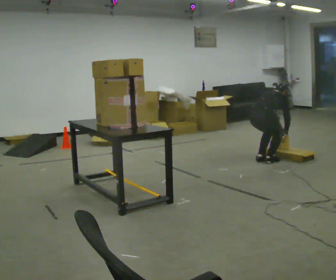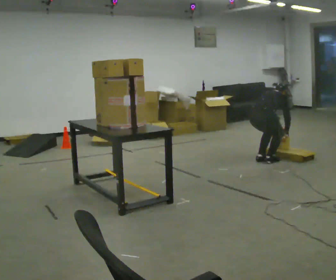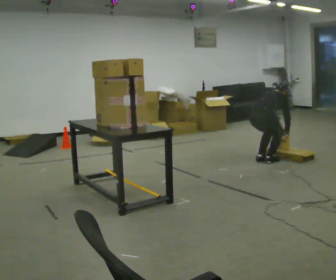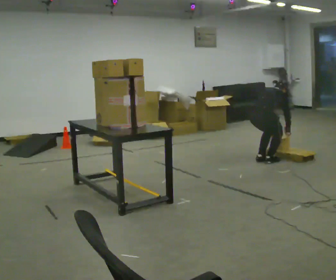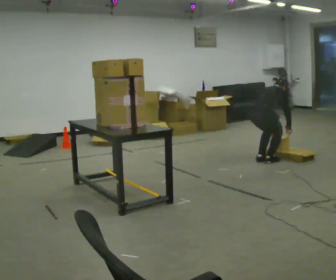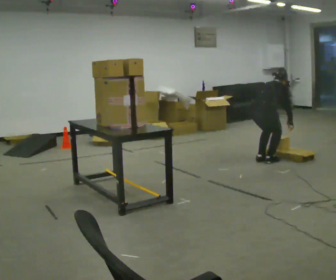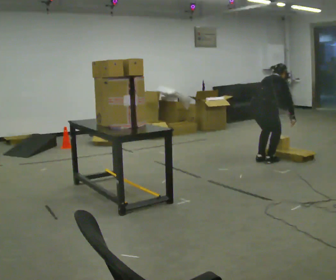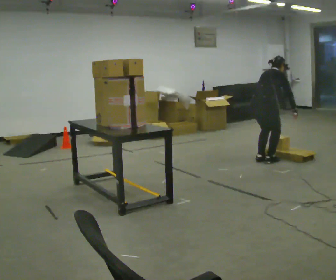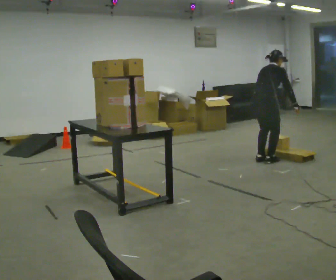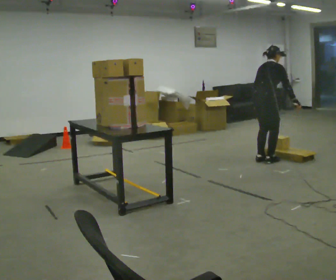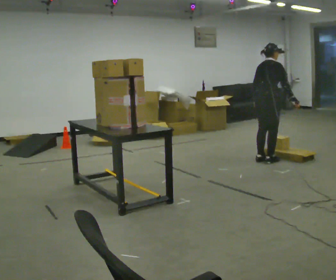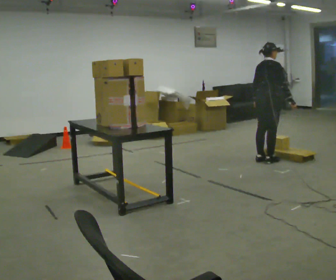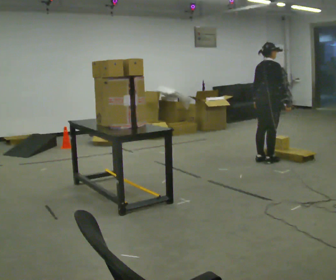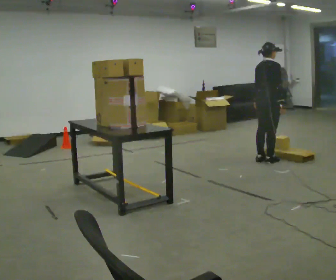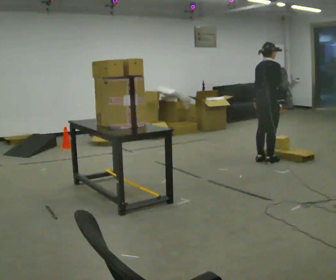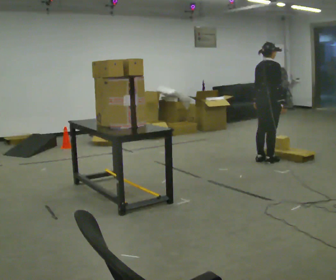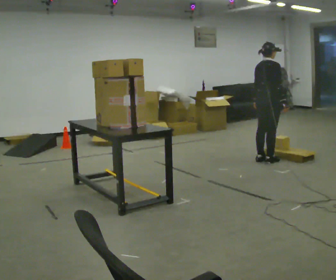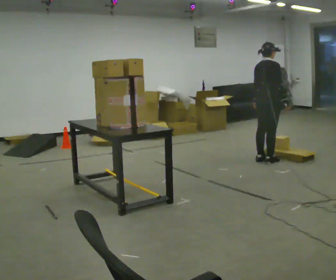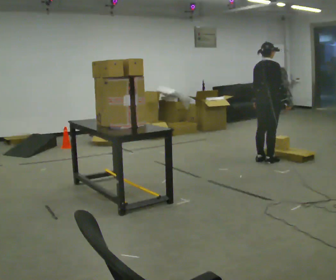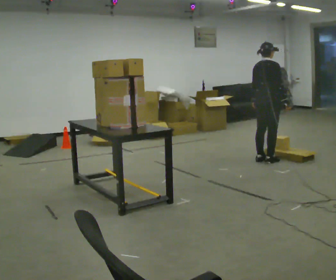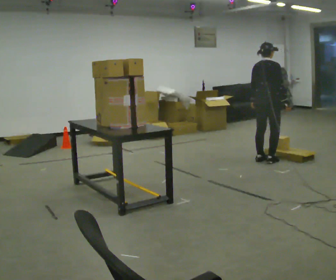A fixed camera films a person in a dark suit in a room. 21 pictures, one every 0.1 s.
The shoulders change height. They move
upward.
Their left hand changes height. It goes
upward.
0.0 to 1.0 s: The upper body goes upward. The upper body tips toward the camera, its near side rolling downward, as they lean back or straighten. In the picture their right hand goes upward.
1.0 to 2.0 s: The person moves a little, or ends about where they began.
The film runs forward here.
